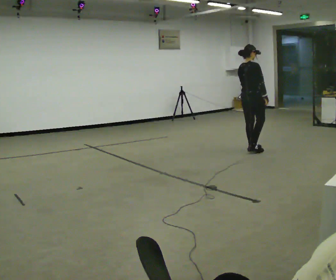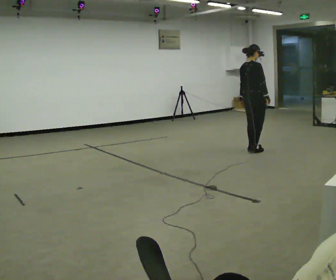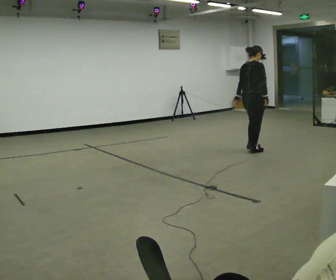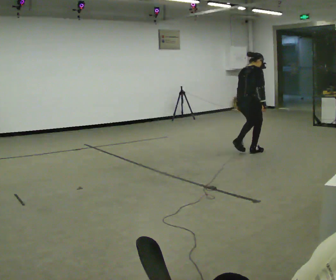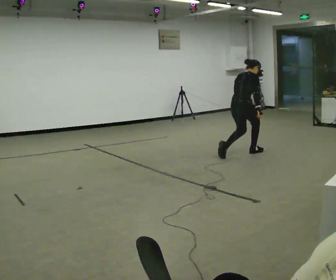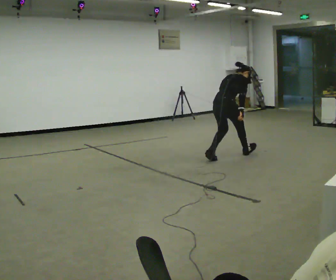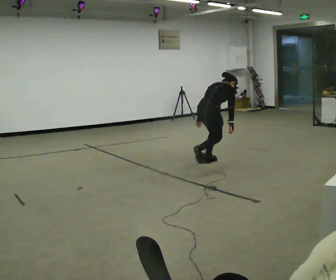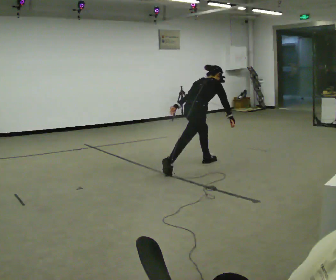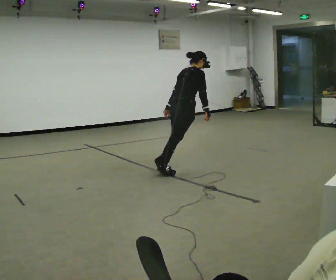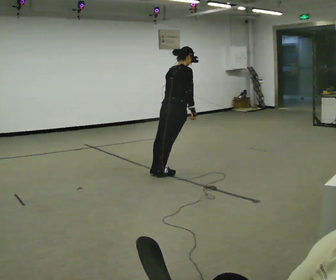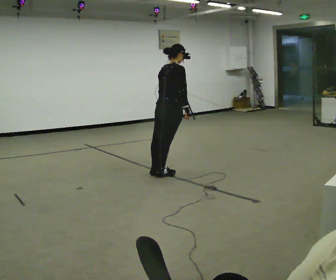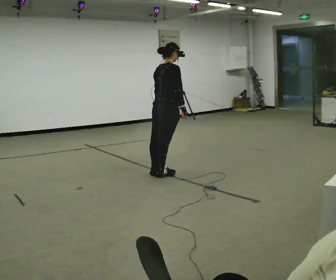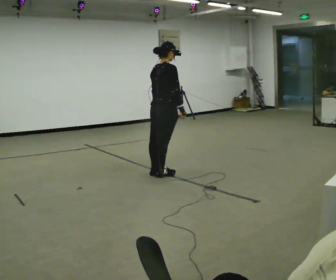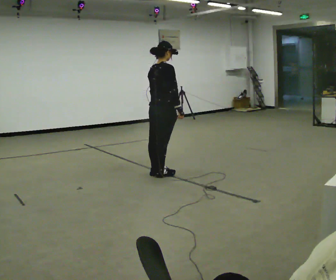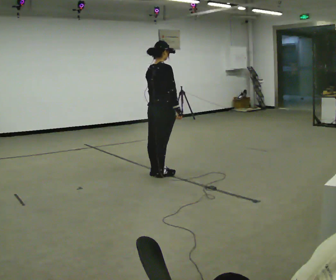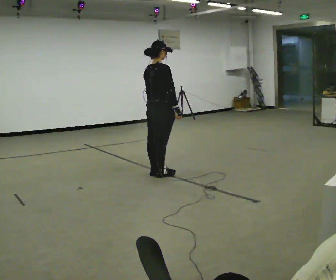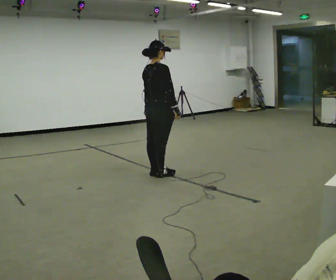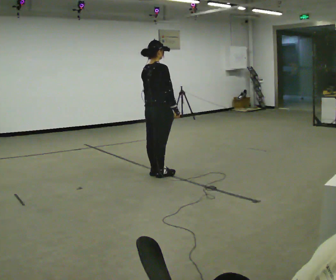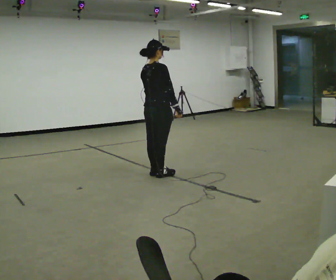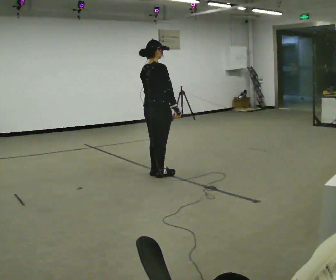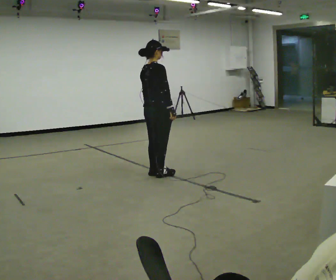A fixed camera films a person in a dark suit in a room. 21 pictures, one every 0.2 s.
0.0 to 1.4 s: In the picture they go to the left and toward the camera, about 1 m in 3 steps, which for them is backward. In the picture the upper body tilts clockwise, shoulders to the right, as they bend forward.
1.4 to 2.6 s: In the picture they go to the left and toward the camera, about 0.5 m, which for them is backward. The upper body goes upward. In the picture the upper body tilts counterclockwise, shoulders to the left, as they lean back or straighten.
2.6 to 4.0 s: The person moves a little, or ends about where they began.
The film runs backward here.
